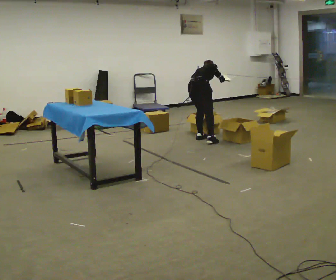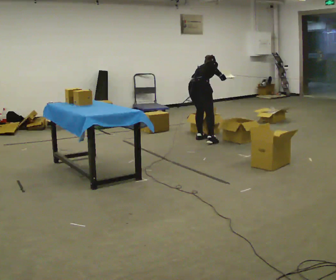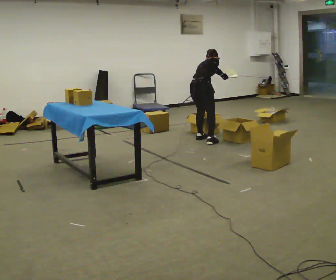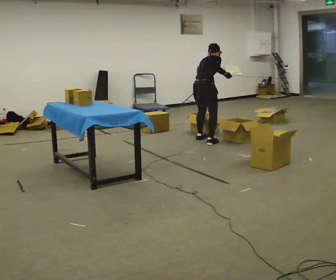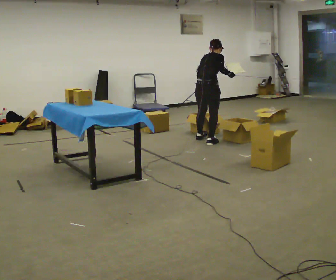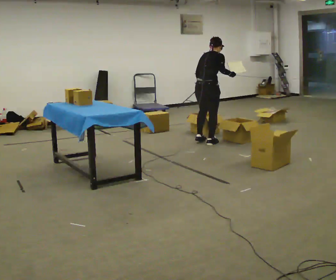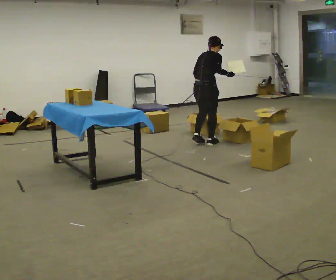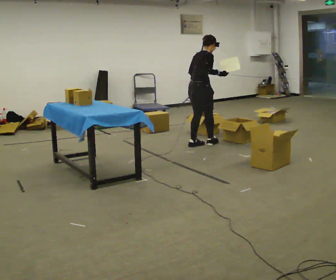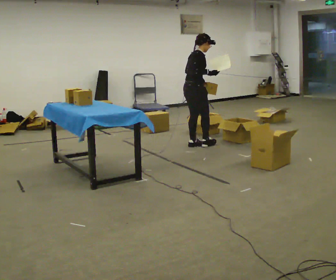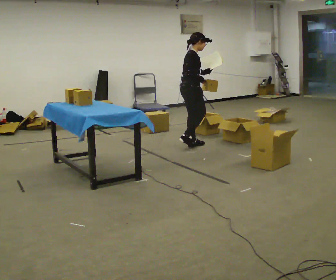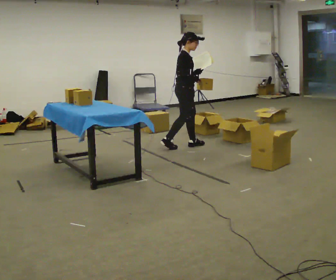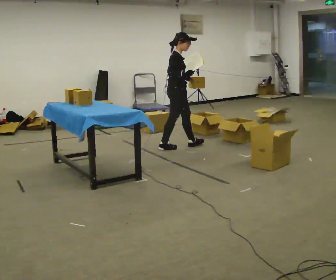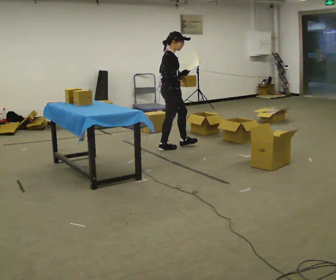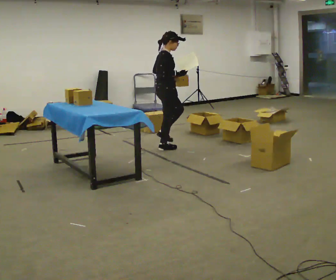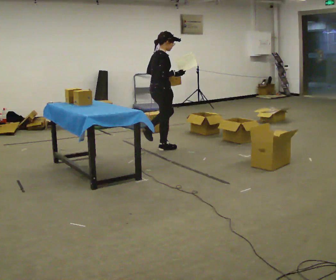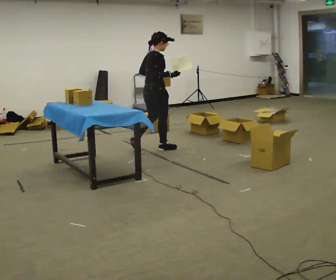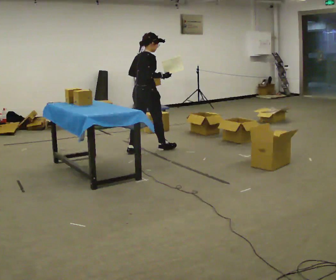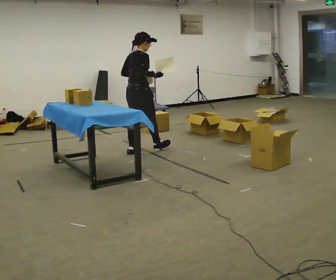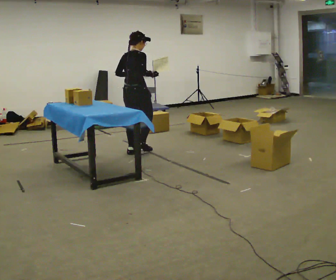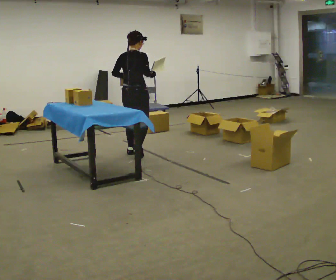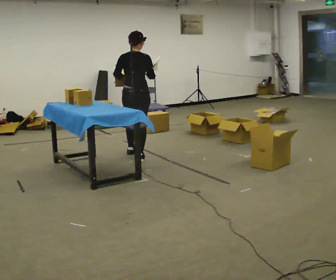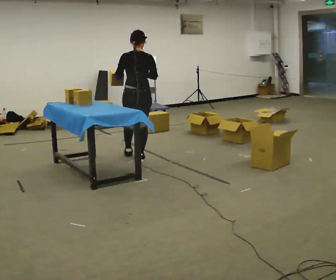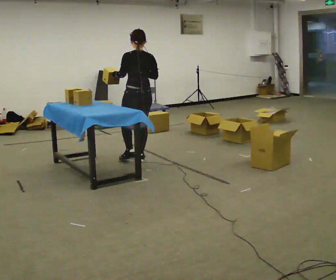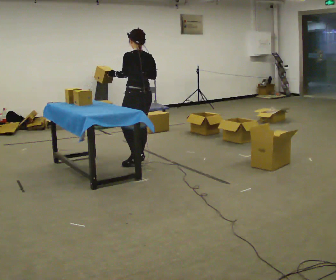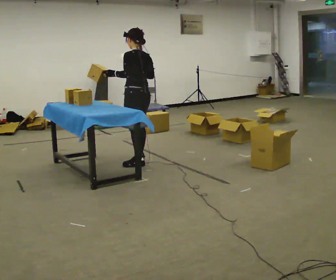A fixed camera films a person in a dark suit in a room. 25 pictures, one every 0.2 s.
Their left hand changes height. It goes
upward.
The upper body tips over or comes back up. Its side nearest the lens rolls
downward.
0.0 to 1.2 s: In the picture they go toward the camera, about 0.25 m in 1 step, which for them is to their right. The shoulders move upward. The upper body tips toward the camera, its near side rolling downward, as they lean back or straighten. In the picture their left hand goes upward.
1.2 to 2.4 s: Seen from above the body turns clockwise, about 45 degrees: to their right, with its near side sliding to the left. In the picture they go to the left, about 0.5 m in 2 steps, which for them is backward.
2.4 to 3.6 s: The person turns about 45 degrees to their left, counterclockwise seen from above, so the part of the body nearest the lens slides to the right. In the picture they go to the left and toward the camera, about 0.5 m in 1 step, which for them is backward.
3.6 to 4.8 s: The part of the body nearest the lens slides to the right as the person turns to their left by about 90 degrees. In the picture they go toward the camera, about 0.5 m in 1 step.
The film runs backward here.
